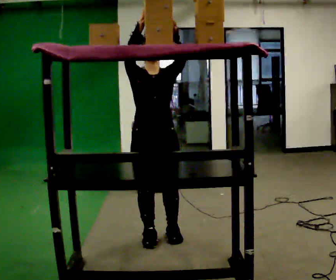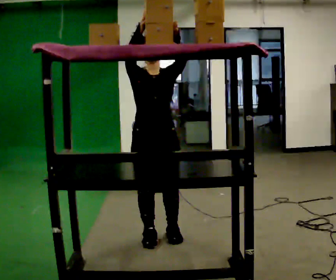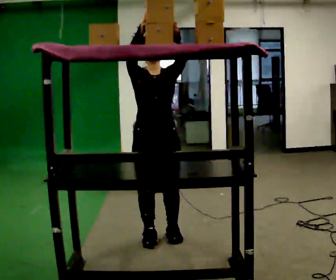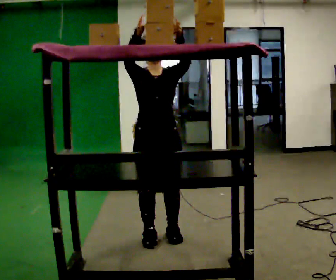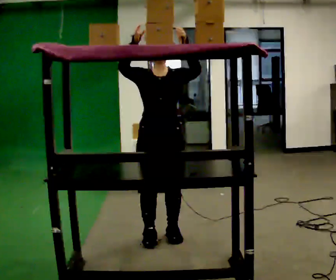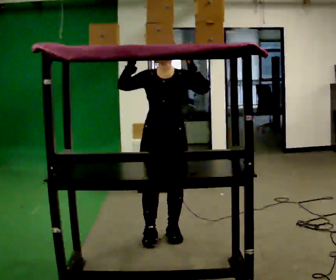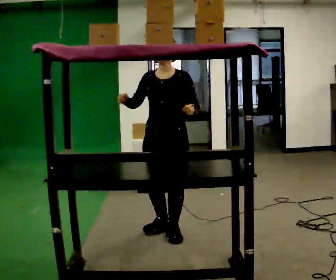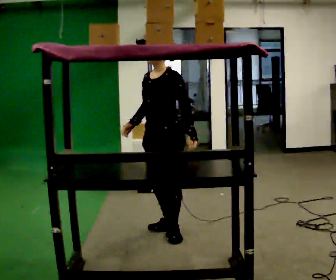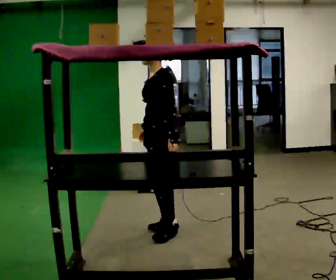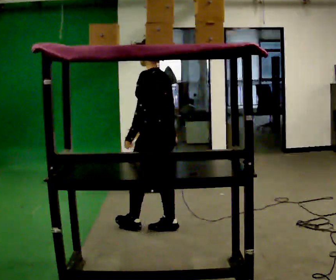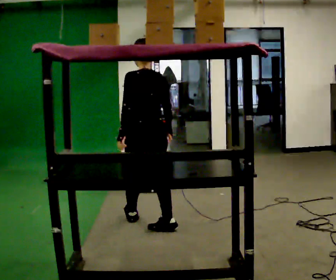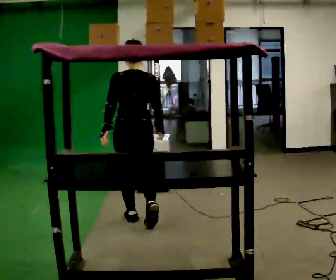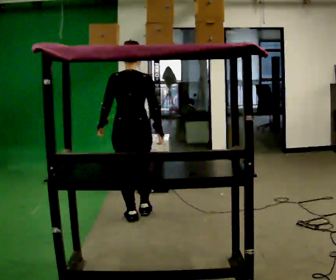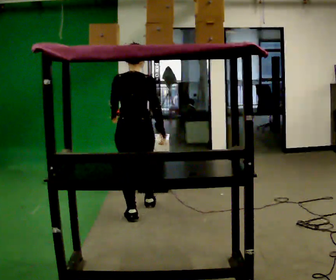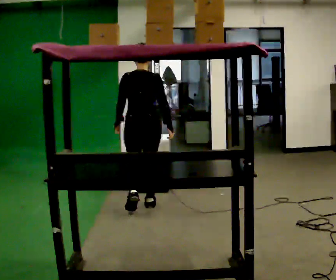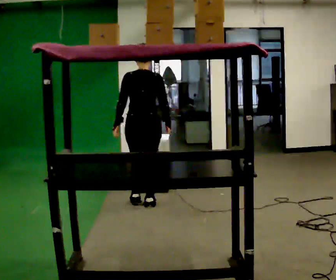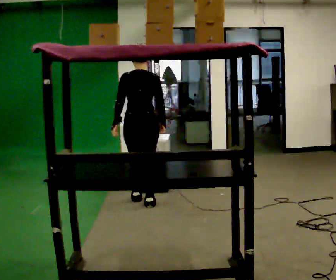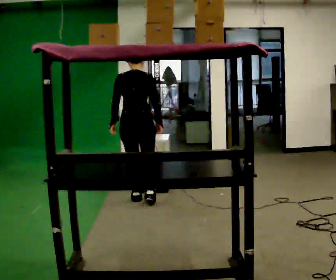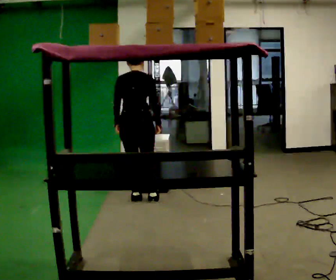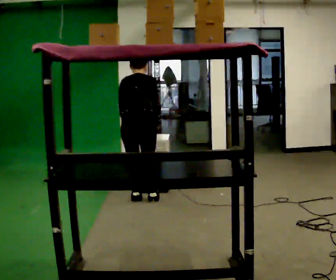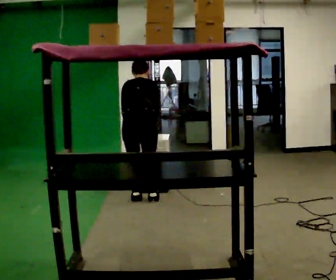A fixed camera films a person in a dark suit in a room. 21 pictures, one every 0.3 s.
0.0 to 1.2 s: The person moves a little, or ends about where they began.
1.2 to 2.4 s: The person turns about 75 degrees to their right, clockwise seen from above, so the part of the body nearest the lens slides to the left. In the picture they go away from the camera, about 0.25 m in 1 step. In the picture their right hand goes downward.
2.4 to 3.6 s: The person turns about 105 degrees to their right, clockwise seen from above, so the part of the body nearest the lens slides to the left. In the picture they go away from the camera and to the left, about 0.5 m in 1 step.
3.6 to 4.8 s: In the picture they go away from the camera, about 0.5 m in 2 steps, which for them is forward.
4.8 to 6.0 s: The upper body tips away from the camera, its near side rolling upward, as they bend forward.
The film runs forward here.
